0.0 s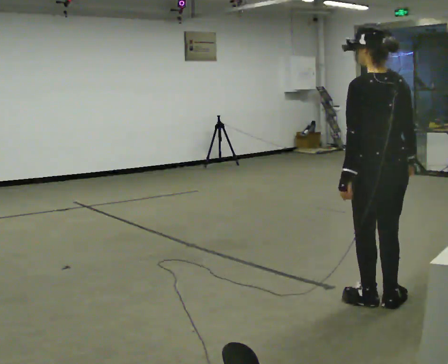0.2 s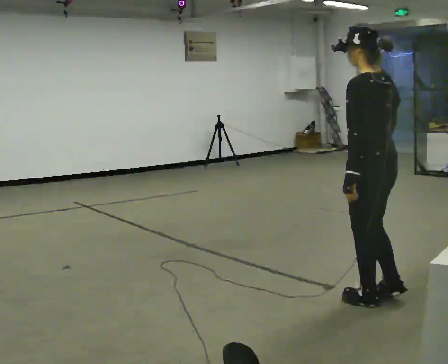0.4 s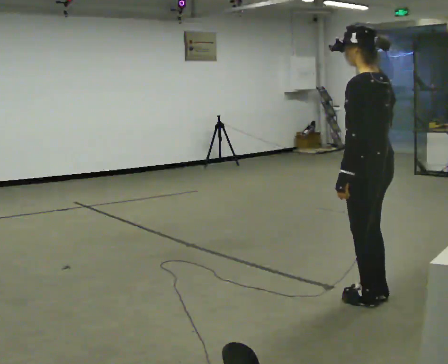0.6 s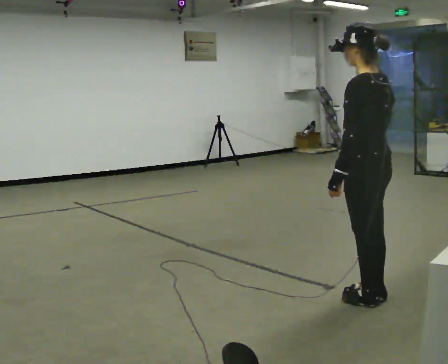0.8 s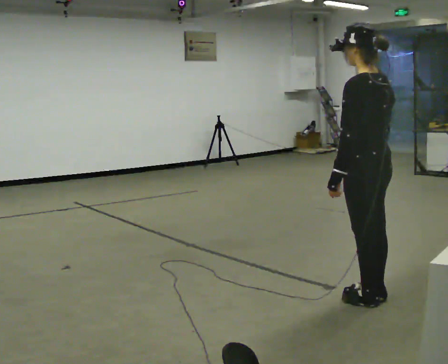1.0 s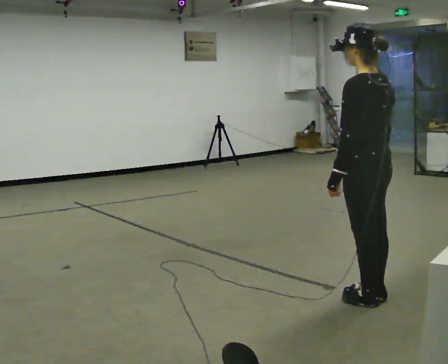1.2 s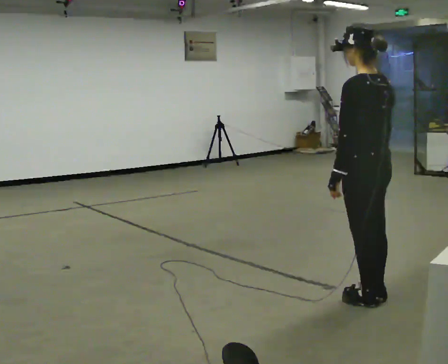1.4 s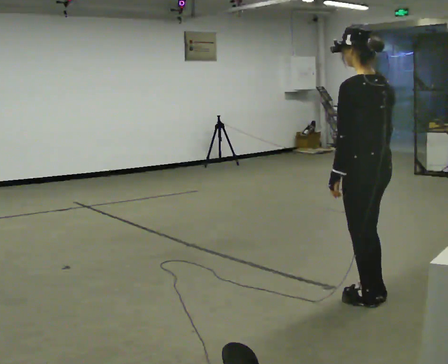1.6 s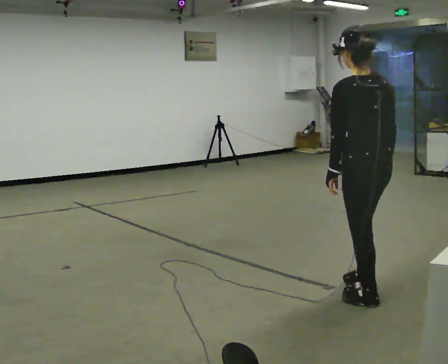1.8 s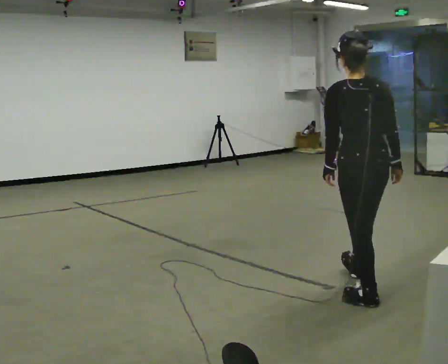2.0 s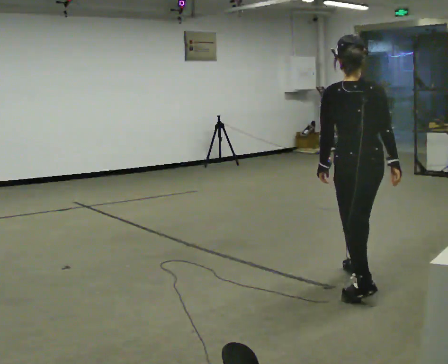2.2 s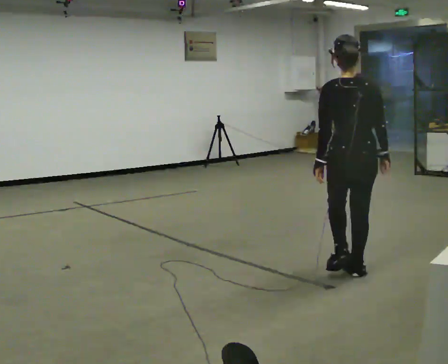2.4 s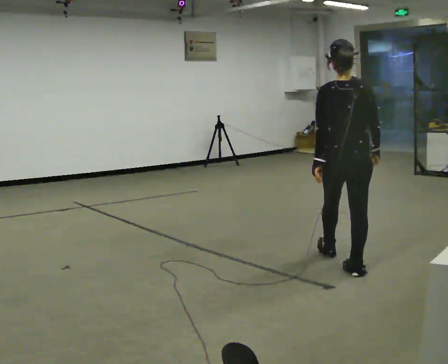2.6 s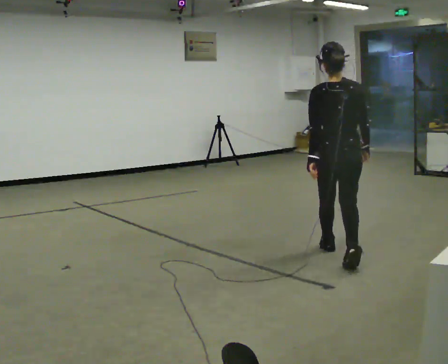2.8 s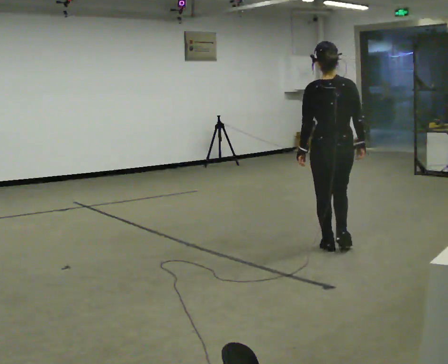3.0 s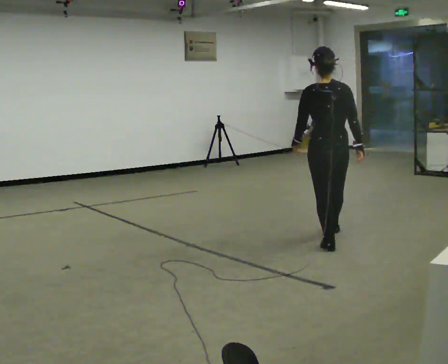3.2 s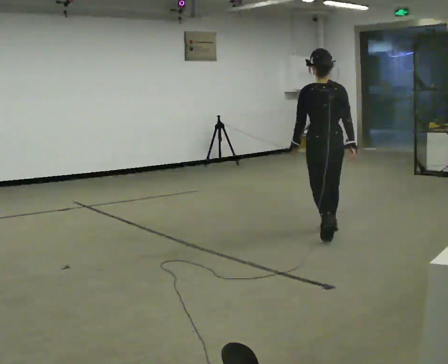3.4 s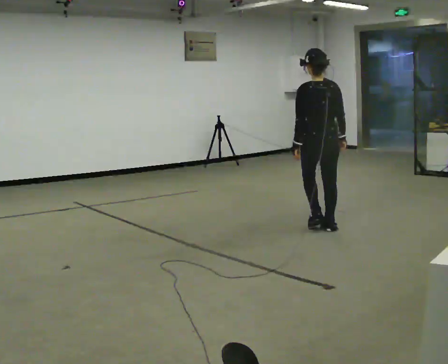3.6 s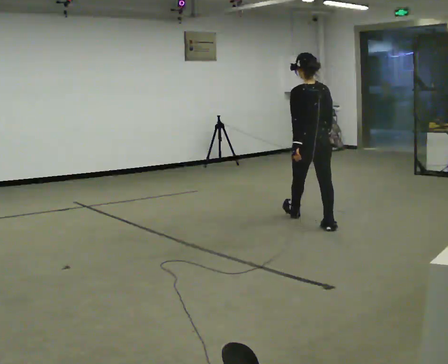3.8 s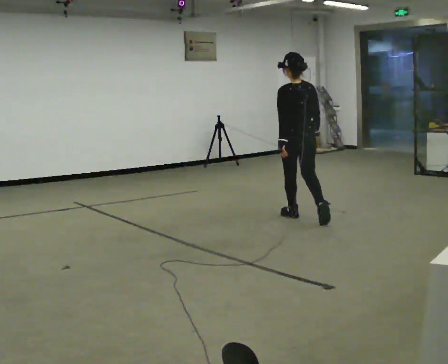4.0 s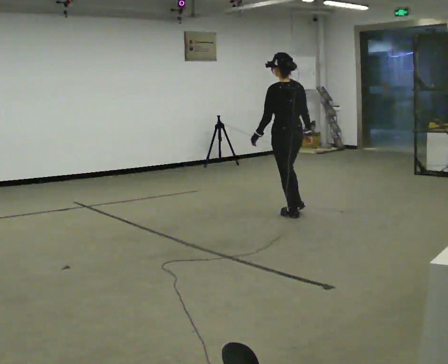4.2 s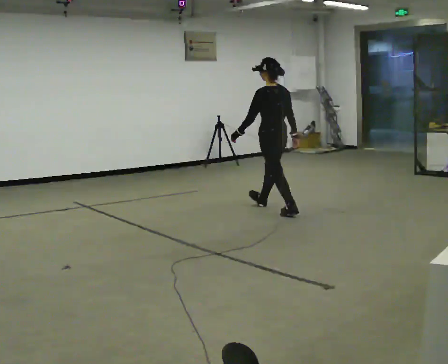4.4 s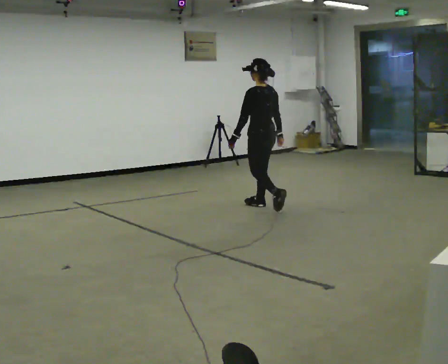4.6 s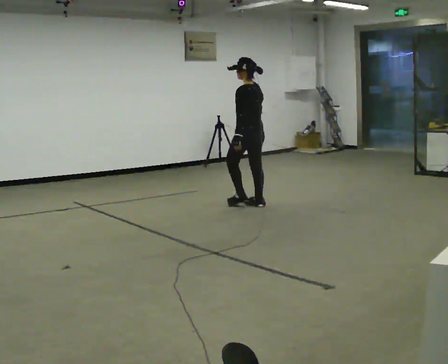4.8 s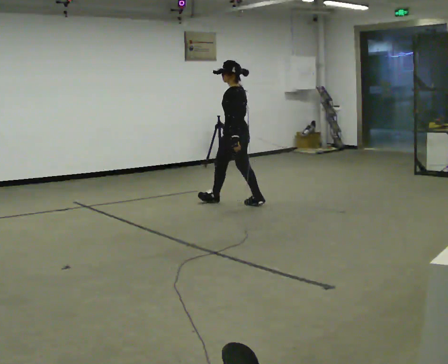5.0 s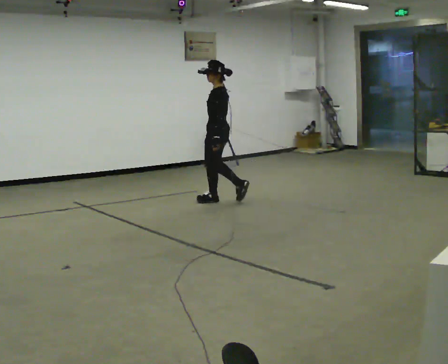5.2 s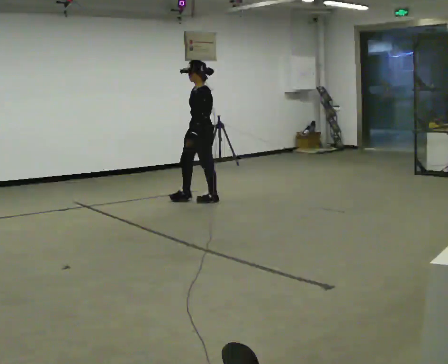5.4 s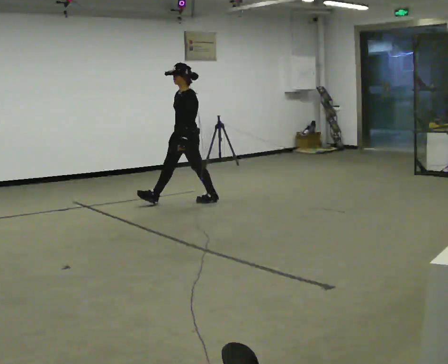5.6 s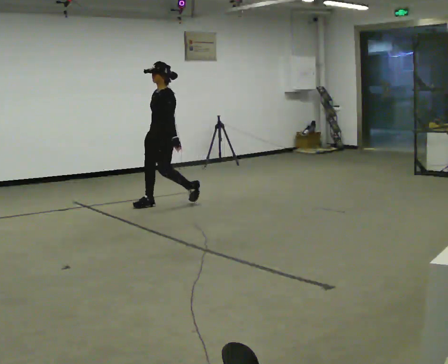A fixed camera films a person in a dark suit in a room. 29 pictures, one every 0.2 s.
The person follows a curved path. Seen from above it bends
counterclockwise.
0.0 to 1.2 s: The person moves a little, or ends about where they began.
1.2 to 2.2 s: The part of the body nearest the lens slides to the left as the person turns to their right by about 45 degrees. In the picture they go away from the camera, about 0.5 m in 1 step, which for them is forward and to their right.
2.2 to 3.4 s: In the picture they go away from the camera, about 1.5 m in 2 steps, which for them is forward.
3.4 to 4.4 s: Seen from above the body turns counterclockwise, about 30 degrees: to their left, with its near side sliding to the right. In the picture they go away from the camera and to the left, about 1 m in 2 steps, which for them is forward.
4.4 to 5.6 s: The part of the body nearest the lens slides to the right as the person turns to their left by about 75 degrees. In the picture they go to the left, about 1 m in 2 steps.
The film runs forward here.
